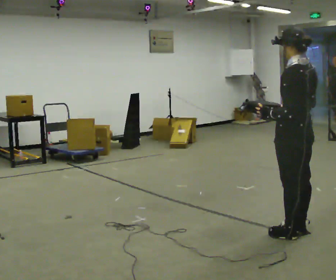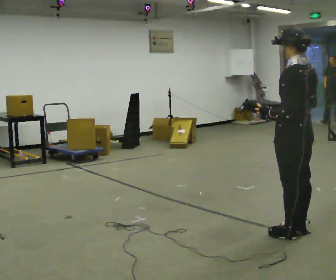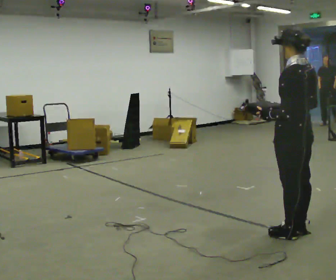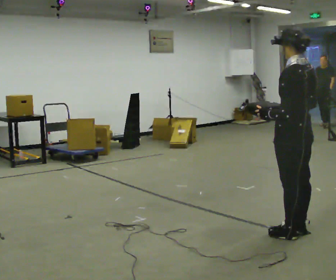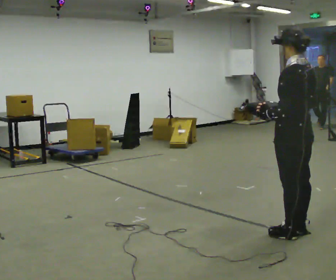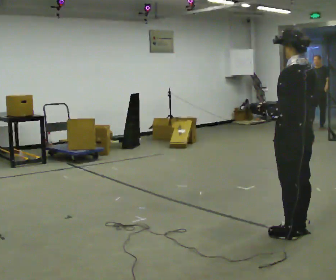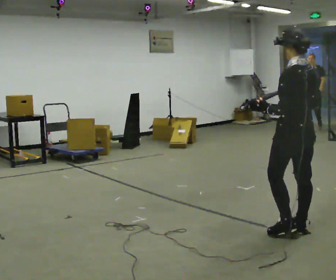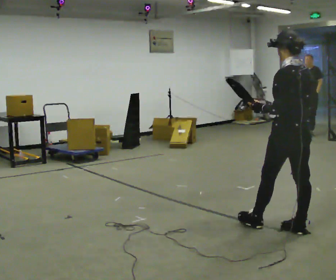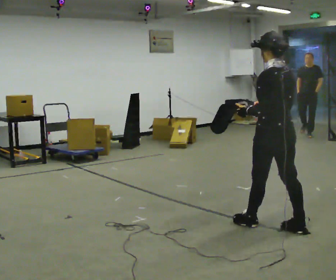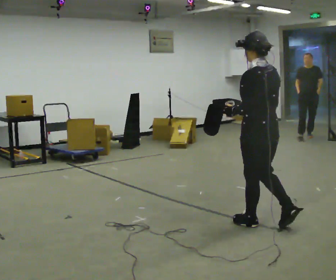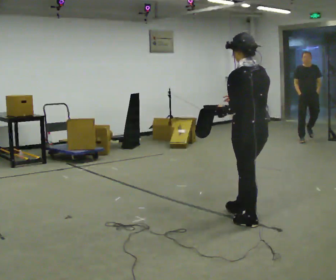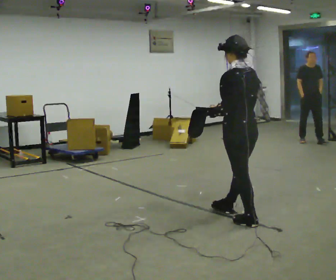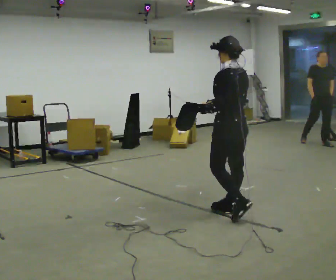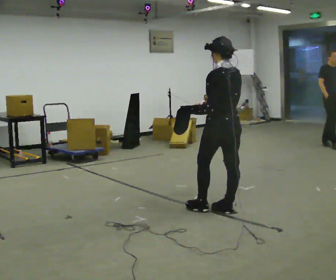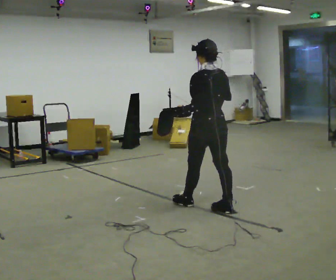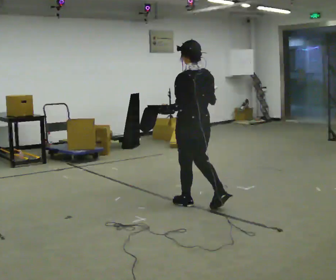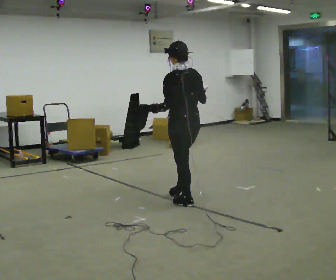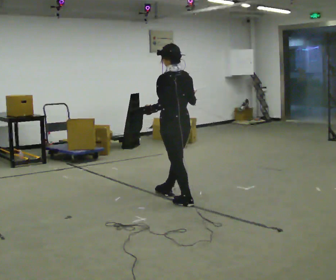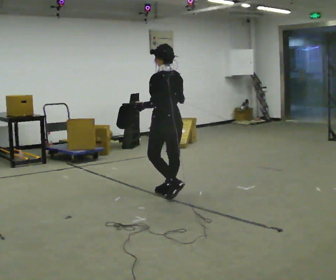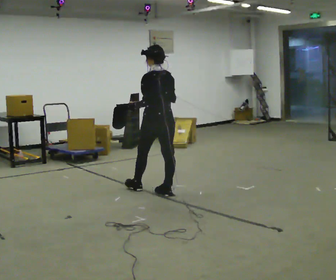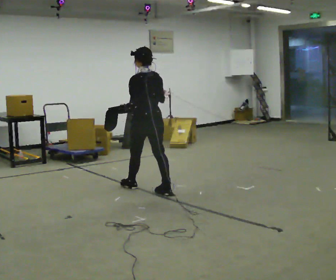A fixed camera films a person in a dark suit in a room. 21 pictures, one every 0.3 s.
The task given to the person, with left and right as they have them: Carry the open container and, while walking, reach in with one hand and take an item out, then put it back. Repeat as you walk. Do not stop.
0.0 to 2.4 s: The person moves a little, or ends about where they began.
2.4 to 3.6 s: In the picture they go away from the camera and to the left, about 0.5 m in 1 step, which for them is forward.
3.6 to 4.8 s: In the picture they go to the left and away from the camera, about 0.5 m in 1 step, which for them is forward.
4.8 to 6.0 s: In the picture they go to the left and away from the camera, about 0.75 m in 2 steps, which for them is forward.
The film runs forward here.
